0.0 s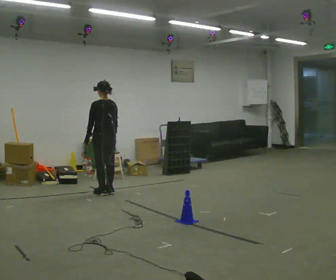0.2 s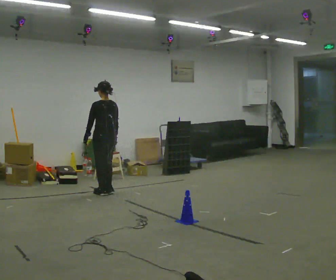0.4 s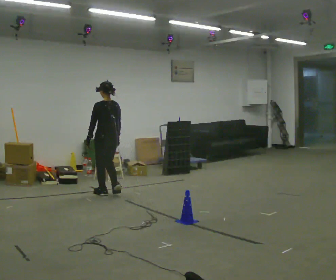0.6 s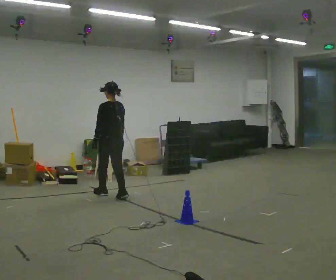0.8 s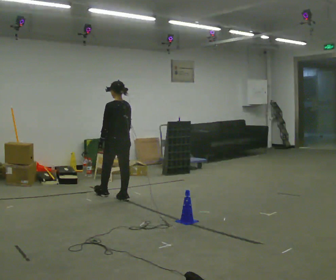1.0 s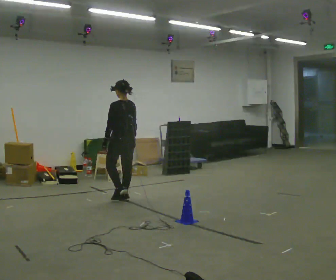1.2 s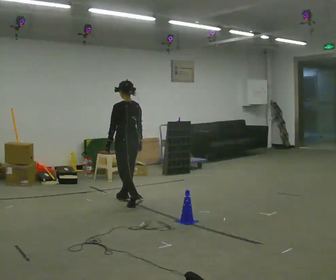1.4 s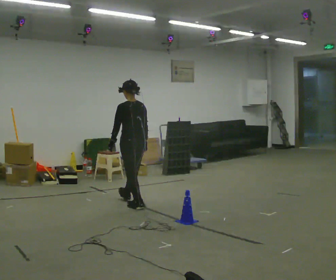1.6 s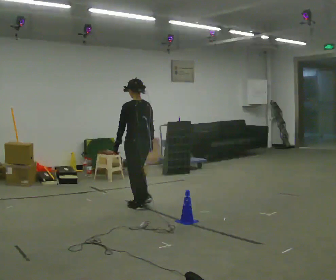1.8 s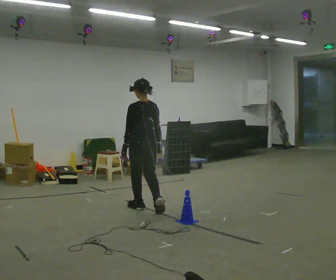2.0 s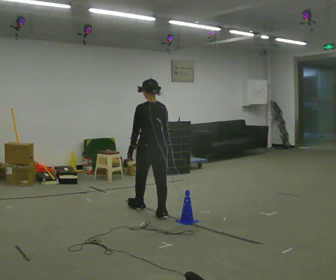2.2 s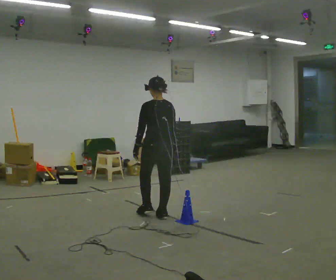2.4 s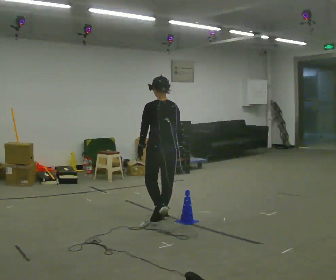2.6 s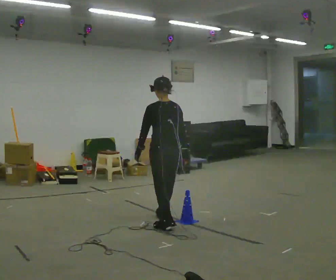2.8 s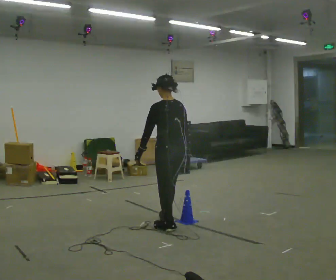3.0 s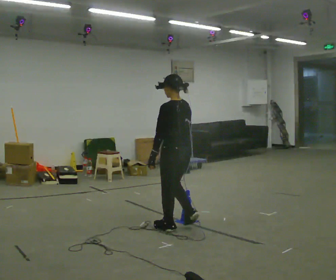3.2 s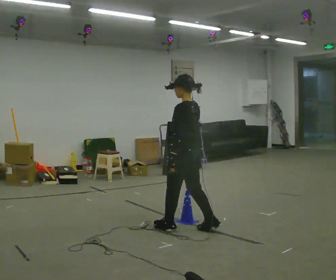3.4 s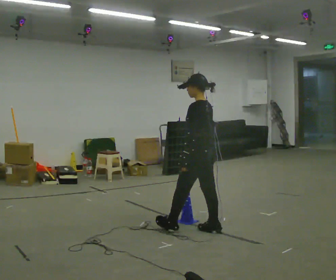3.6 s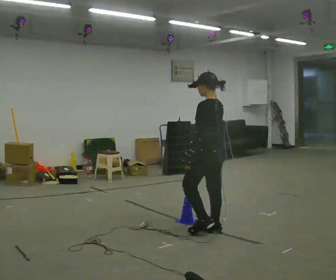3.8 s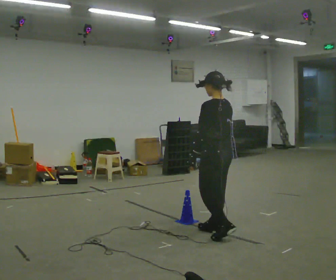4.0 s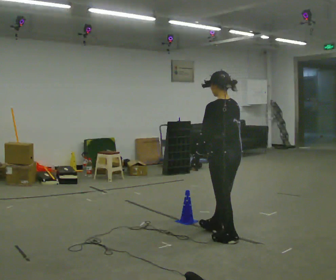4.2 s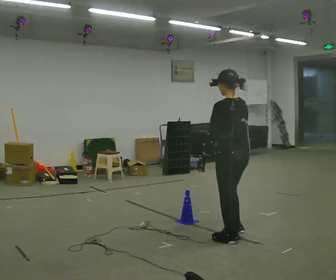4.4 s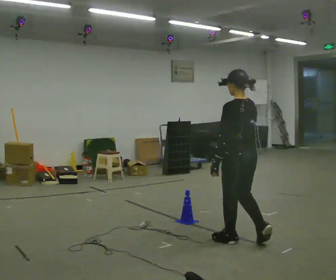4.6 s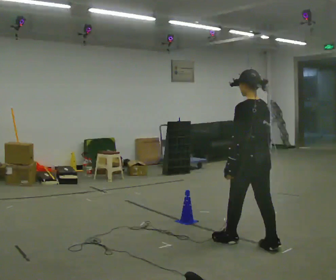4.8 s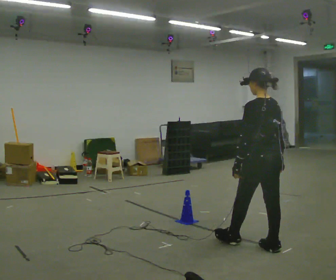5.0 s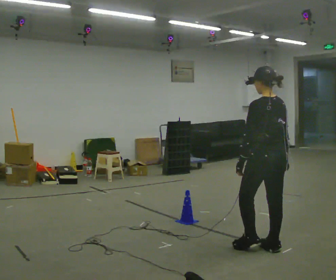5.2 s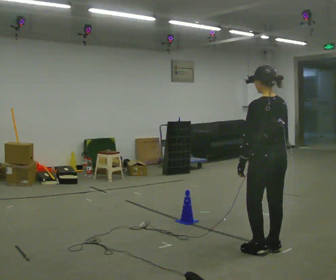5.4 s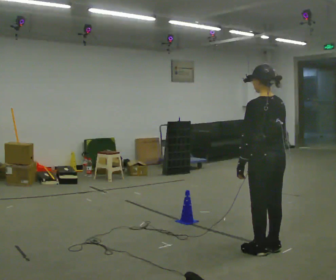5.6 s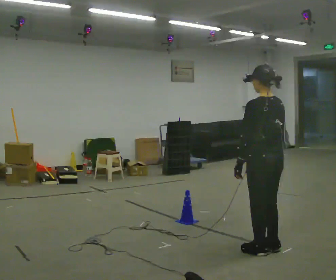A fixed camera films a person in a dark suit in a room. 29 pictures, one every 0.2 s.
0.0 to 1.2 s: In the picture they go toward the camera and to the right, about 0.5 m in 2 steps, which for them is backward.
1.2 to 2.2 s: In the picture they go toward the camera and to the right, about 1 m in 2 steps, which for them is backward.
2.2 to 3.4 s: The person turns about 45 degrees to their left, counterclockwise seen from above, so the part of the body nearest the lens slides to the right. In the picture they go toward the camera and to the right, about 0.75 m in 2 steps, which for them is backward.
3.4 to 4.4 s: The part of the body nearest the lens slides to the left as the person turns to their right by about 30 degrees. In the picture they go toward the camera and to the right, about 0.5 m in 1 step, which for them is backward.
4.4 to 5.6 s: In the picture they go toward the camera and to the right, about 0.25 m in 1 step, which for them is backward.
The film runs backward here.
